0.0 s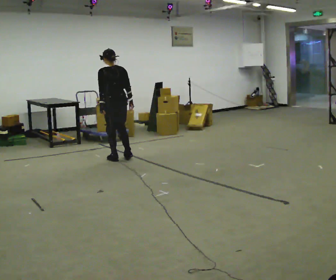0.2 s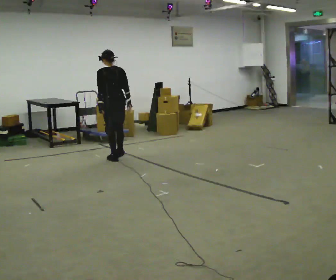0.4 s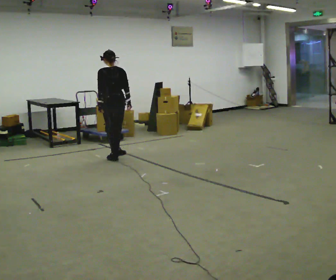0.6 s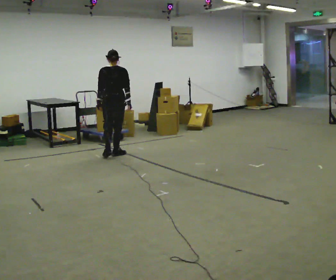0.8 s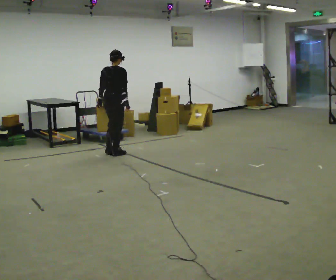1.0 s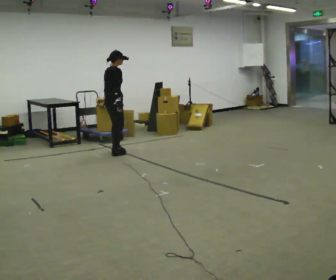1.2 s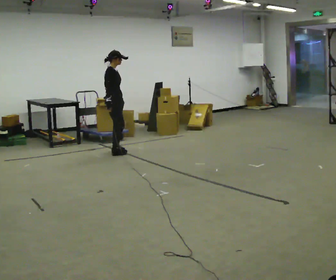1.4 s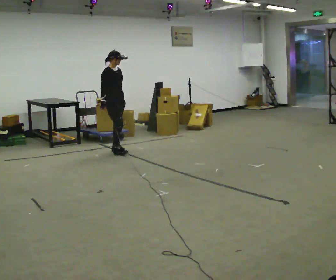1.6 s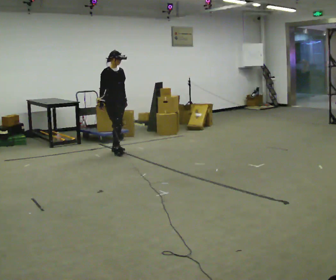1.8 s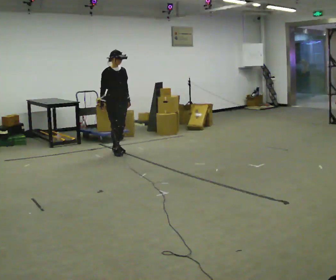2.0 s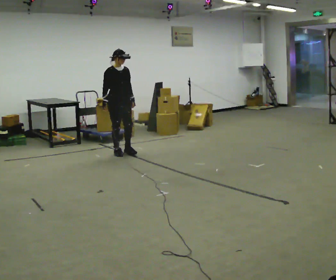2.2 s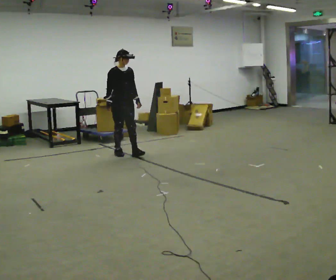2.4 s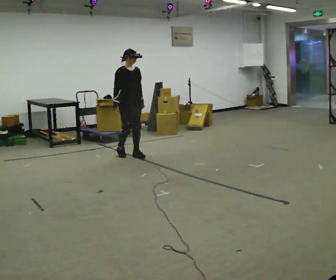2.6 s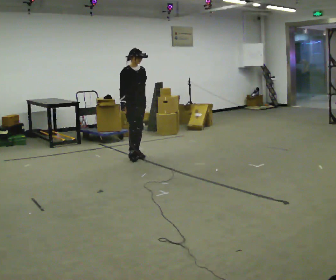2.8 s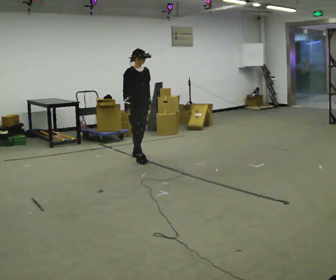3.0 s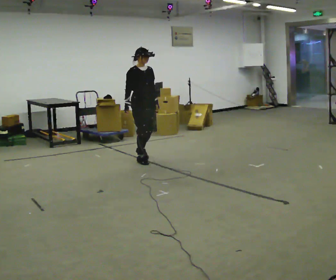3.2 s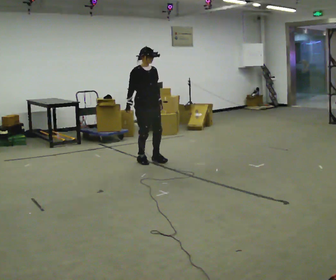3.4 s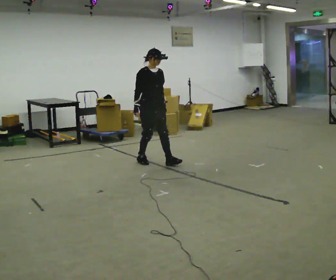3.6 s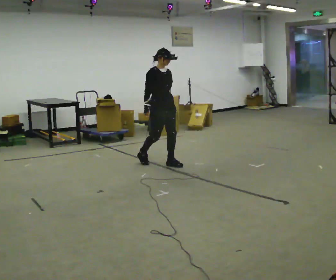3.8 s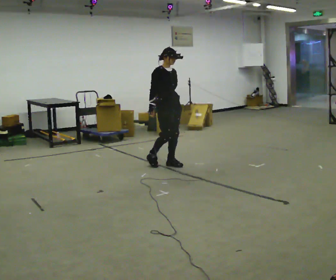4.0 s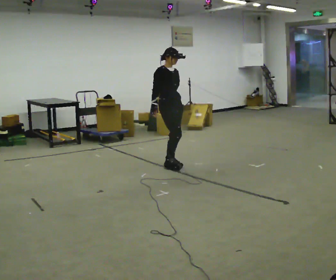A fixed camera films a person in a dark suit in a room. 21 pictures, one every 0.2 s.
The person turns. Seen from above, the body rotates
clockwise.
The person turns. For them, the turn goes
to their right.
0.0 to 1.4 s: Seen from above the body turns clockwise, about 150 degrees: to their right, with its near side sliding to the left. In the picture they go away from the camera, about 0.5 m in 1 step.
1.4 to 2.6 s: In the picture they go toward the camera and to the right, about 0.5 m in 2 steps, which for them is forward.
2.6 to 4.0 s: In the picture they go toward the camera and to the right, about 0.75 m in 2 steps, which for them is forward.
The film runs backward here.
